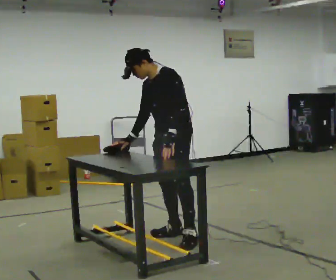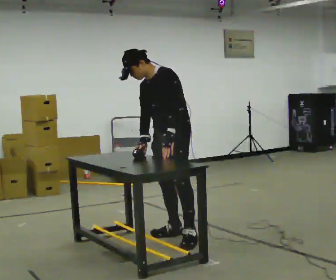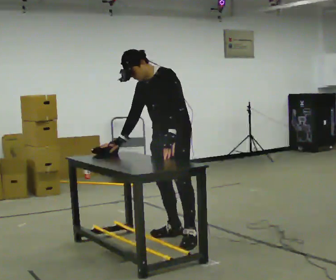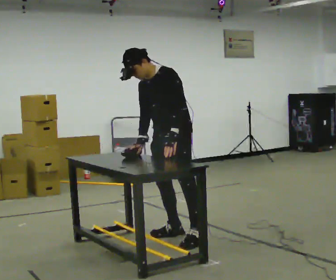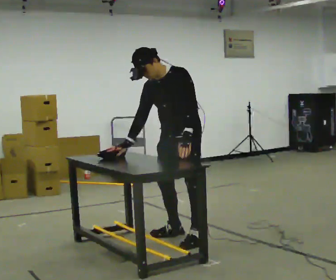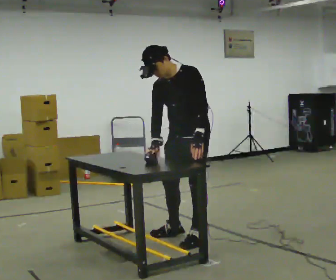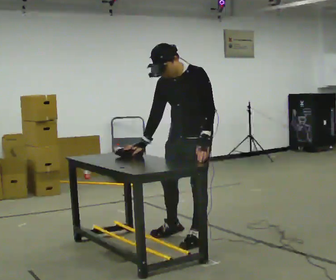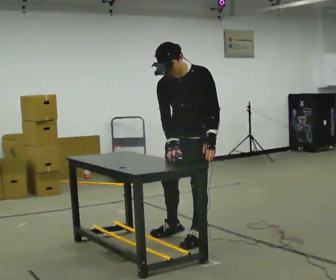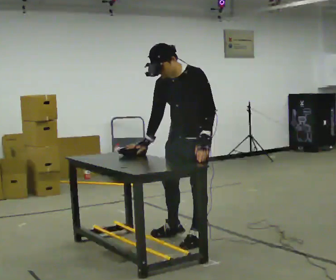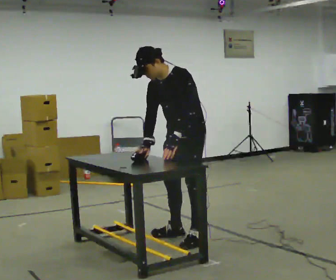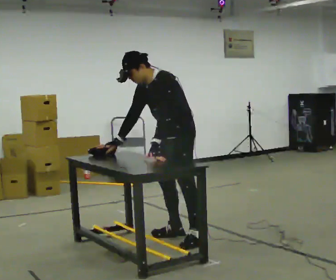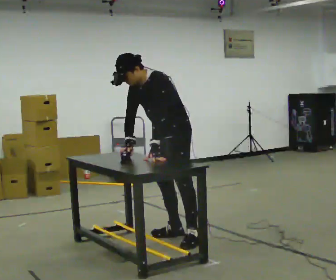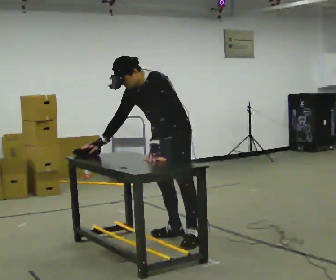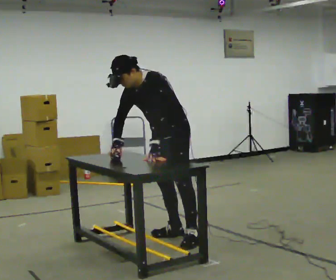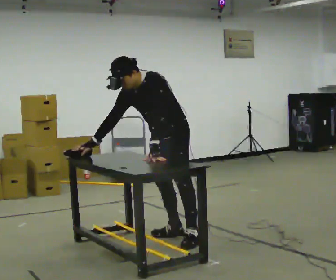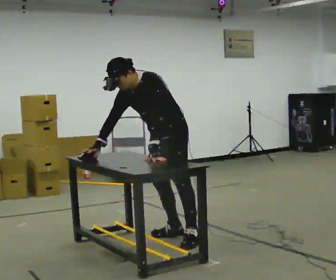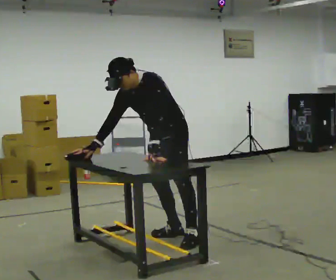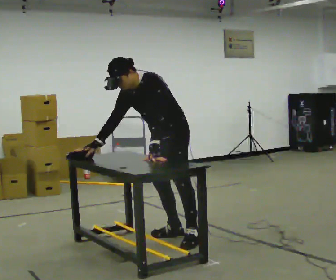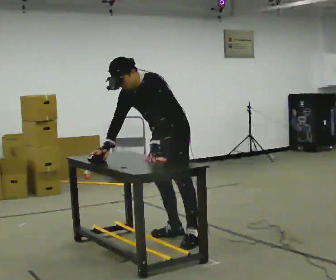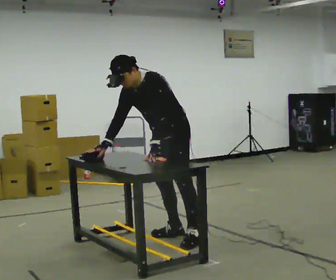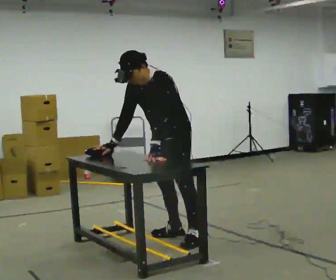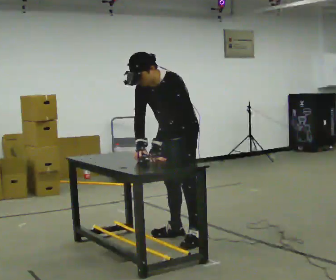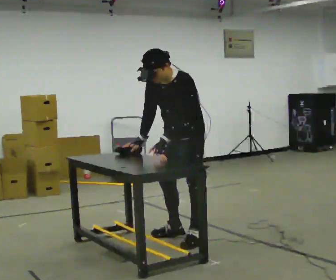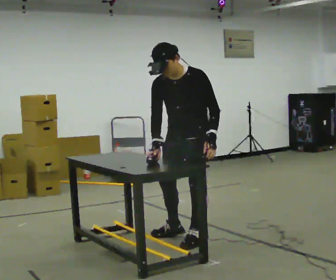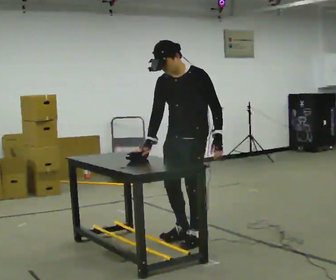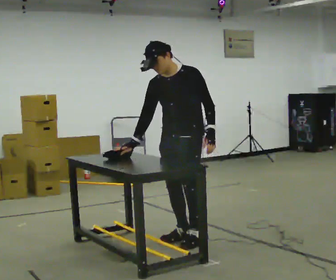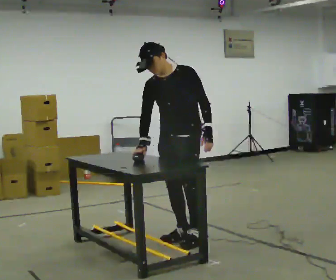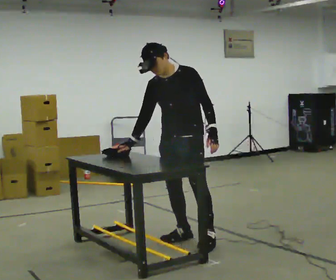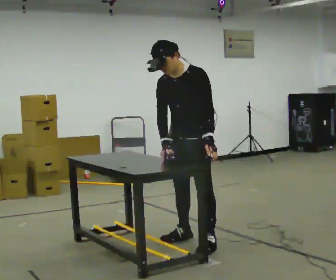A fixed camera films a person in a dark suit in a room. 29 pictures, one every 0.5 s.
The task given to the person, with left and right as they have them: Cover the whole panel with the brush or roller, using long strokes. Repeat at your own pace until the operator says stop. Keep both feet on the marked spots for the whole take. If you have to step, stop and tell the operator.
0.0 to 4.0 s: In the picture they go toward the camera, about 0.25 m, which for them is to their left.
4.0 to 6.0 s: In the picture they go to the left, about 0.25 m, which for them is to their right. In the picture the upper body tilts counterclockwise, shoulders to the left, as they bend forward. In the picture their right hand goes to the left.
6.0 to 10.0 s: The person moves a little, or ends about where they began.
10.0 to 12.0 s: In the picture the upper body tilts clockwise, shoulders to the right, as they lean back or straighten. In the picture their left hand goes to the right.
12.0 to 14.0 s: The person moves a little, or ends about where they began.
The film runs forward here.
